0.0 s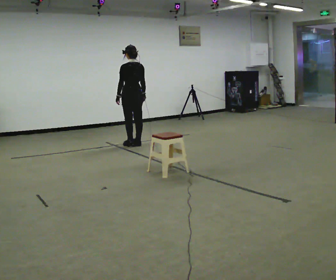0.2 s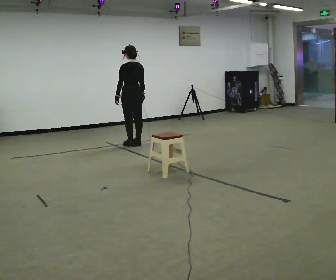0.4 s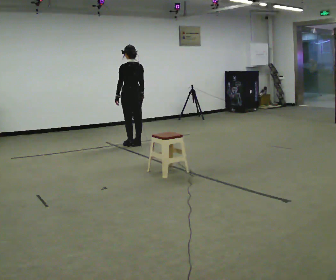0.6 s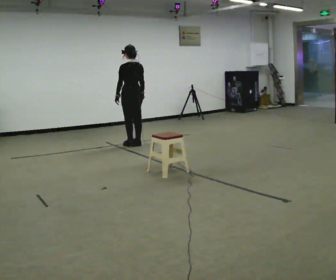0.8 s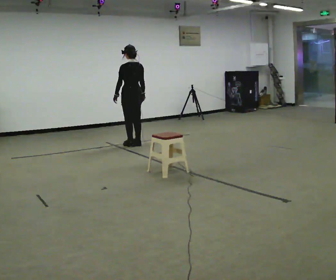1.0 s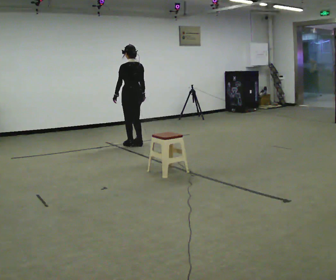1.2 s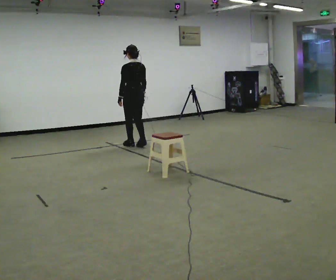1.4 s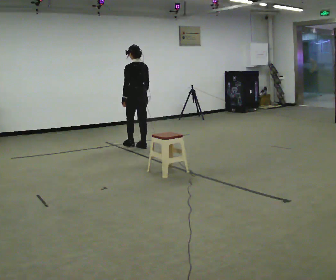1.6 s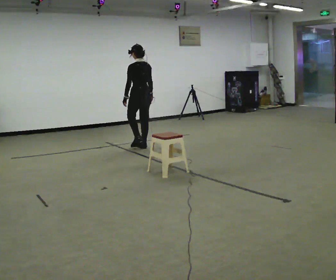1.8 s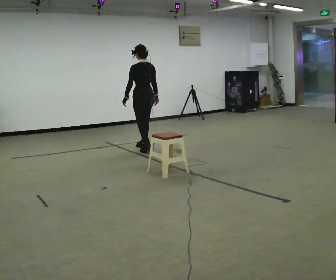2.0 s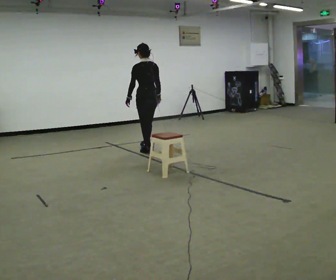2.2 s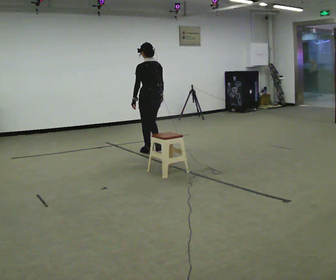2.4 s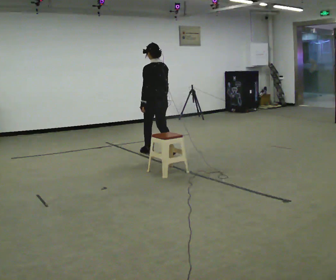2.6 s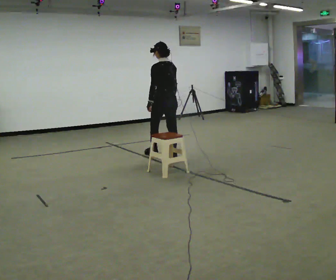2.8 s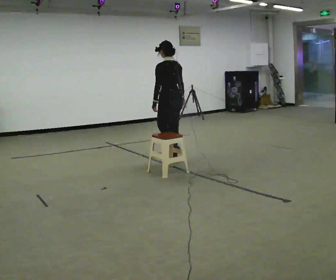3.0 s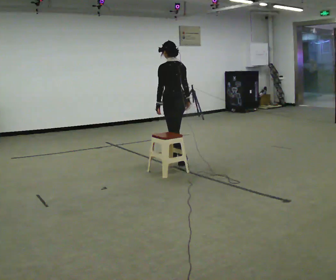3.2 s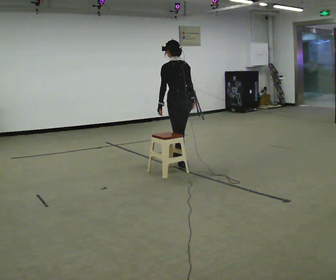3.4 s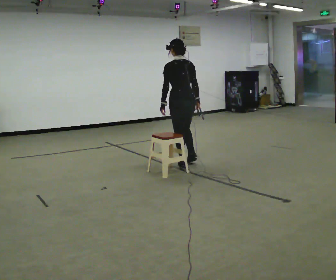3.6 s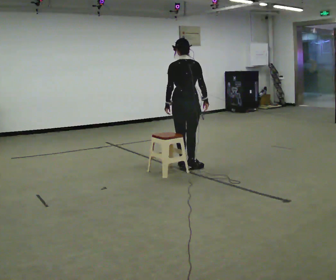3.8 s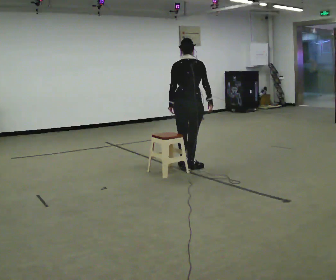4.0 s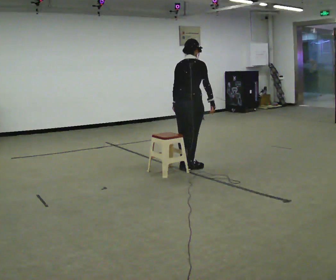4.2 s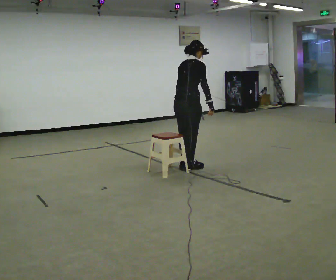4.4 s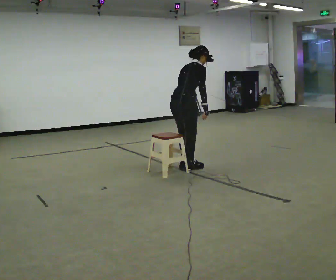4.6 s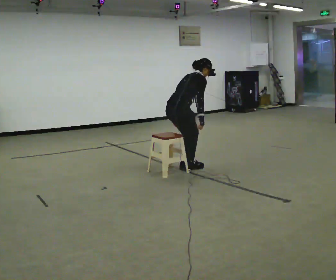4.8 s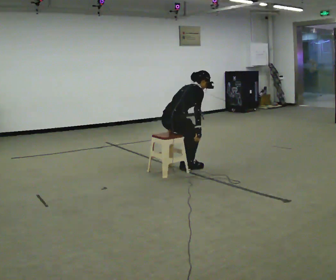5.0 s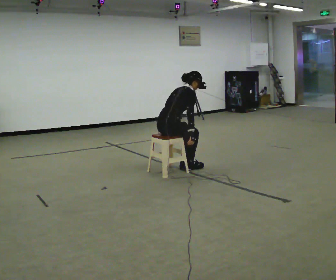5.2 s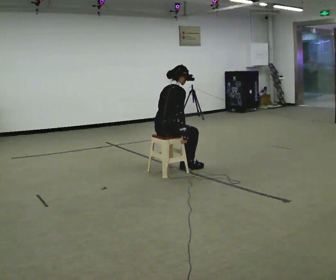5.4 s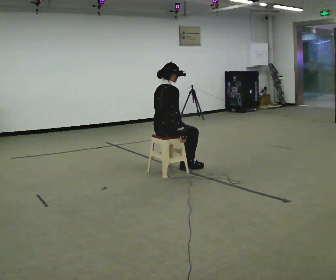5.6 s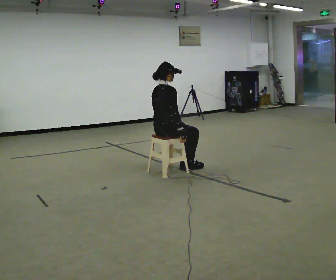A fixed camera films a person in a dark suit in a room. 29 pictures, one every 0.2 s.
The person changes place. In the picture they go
toward the camera.
The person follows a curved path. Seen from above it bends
clockwise.
0.0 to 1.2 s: The person moves a little, or ends about where they began.
1.2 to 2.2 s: In the picture they go toward the camera and to the right, about 0.5 m in 2 steps, which for them is backward.
2.2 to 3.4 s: In the picture they go toward the camera and to the right, about 1 m in 2 steps, which for them is backward.
3.4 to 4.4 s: The part of the body nearest the lens slides to the left as the person turns to their right by about 75 degrees. In the picture they go toward the camera, about 0.25 m. In the picture the upper body tilts clockwise, shoulders to the right, as they bend forward.
4.4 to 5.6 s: In the picture they go to the left, about 0.25 m, which for them is backward. The upper body goes downward.
The film runs backward here.
